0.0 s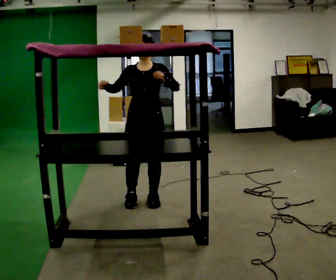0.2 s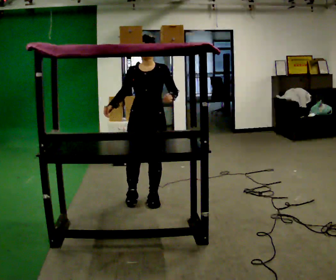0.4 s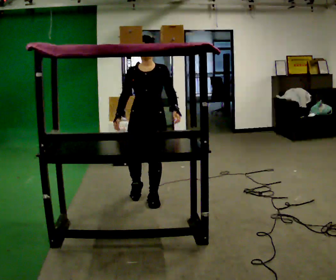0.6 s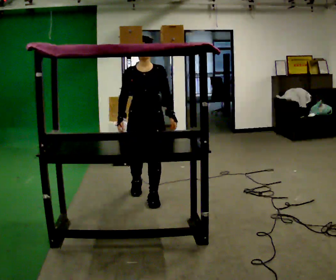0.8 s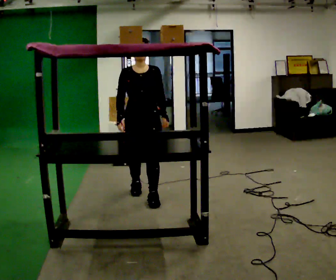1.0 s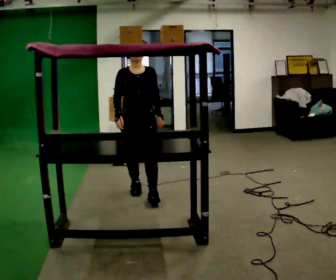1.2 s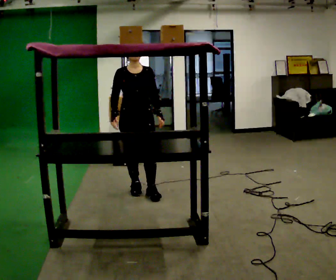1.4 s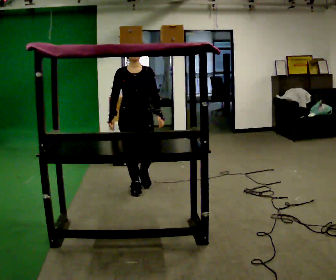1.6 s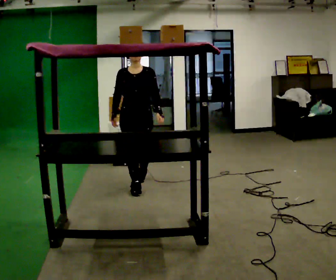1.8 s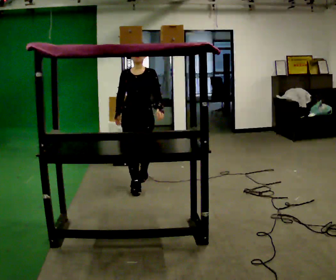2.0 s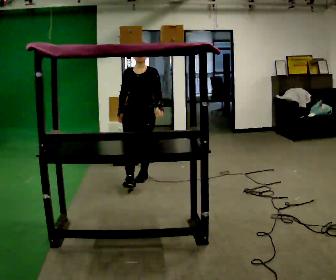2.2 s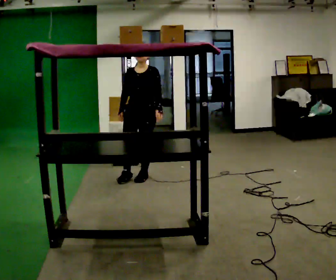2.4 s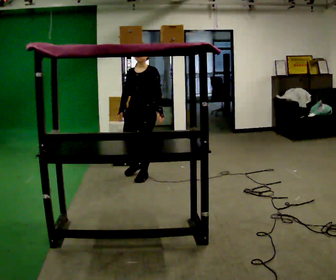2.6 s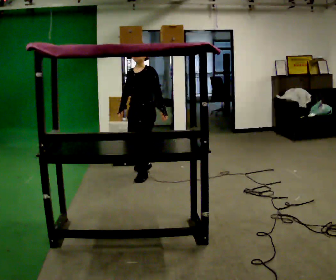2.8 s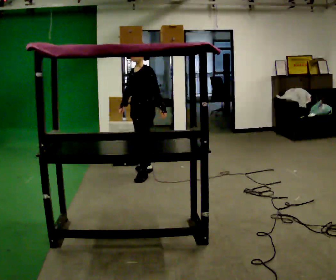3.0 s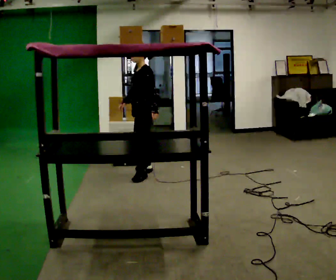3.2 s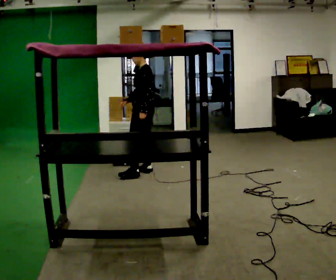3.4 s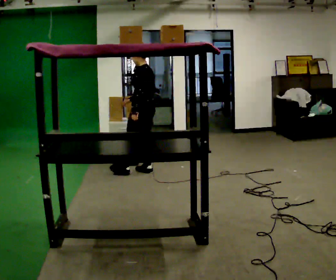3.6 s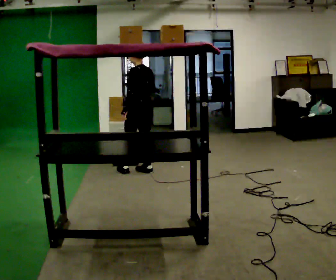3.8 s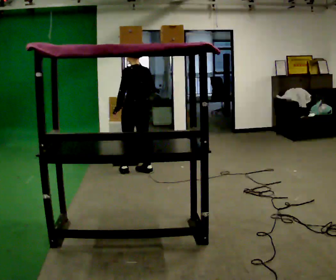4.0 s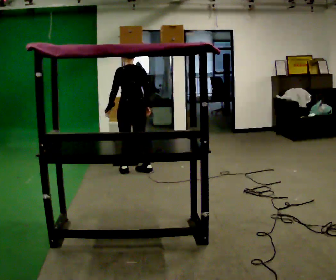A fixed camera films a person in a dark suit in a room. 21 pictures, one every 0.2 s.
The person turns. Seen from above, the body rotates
clockwise.
The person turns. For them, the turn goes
to their right.
0.0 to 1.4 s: In the picture they go away from the camera, about 0.5 m in 2 steps, which for them is backward. In the picture their left hand goes downward.
1.4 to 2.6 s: Seen from above the body turns clockwise, about 60 degrees: to their right, with its near side sliding to the left. In the picture they go away from the camera, about 0.5 m in 1 step, which for them is backward.
2.6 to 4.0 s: The person turns about 105 degrees to their right, clockwise seen from above, so the part of the body nearest the lens slides to the left. In the picture they go away from the camera, about 0.25 m in 1 step.
The film runs backward here.
